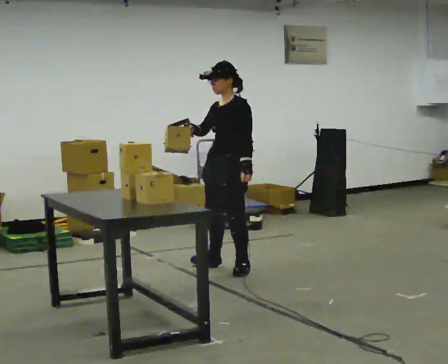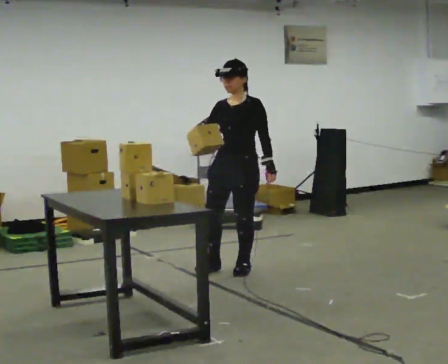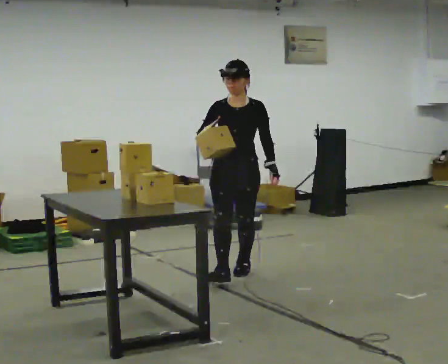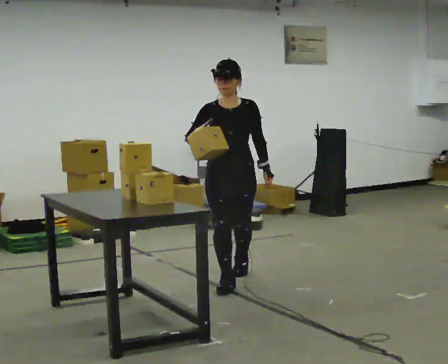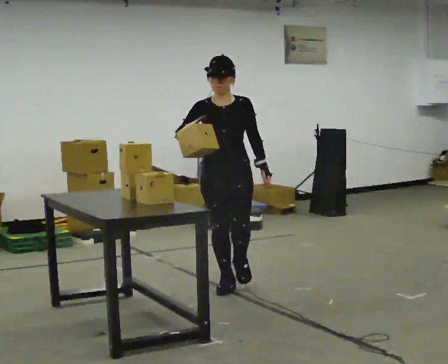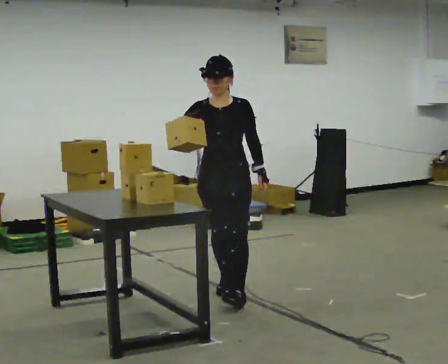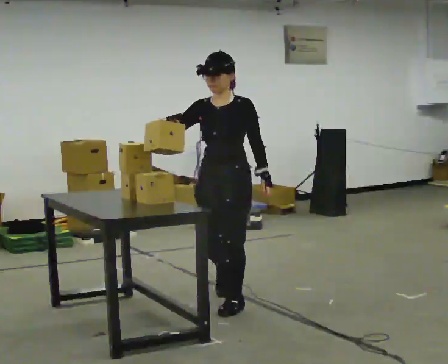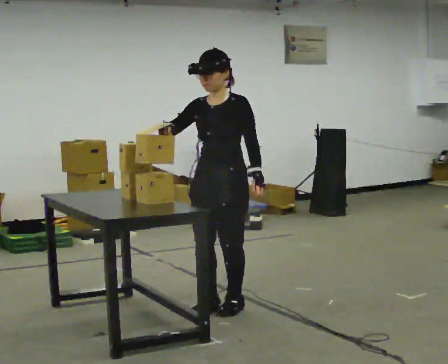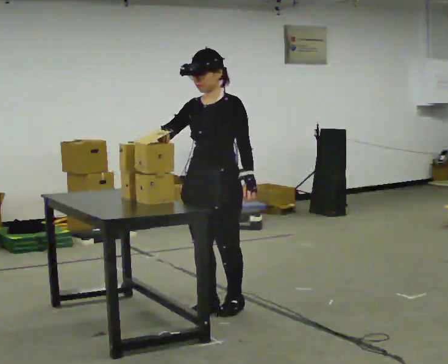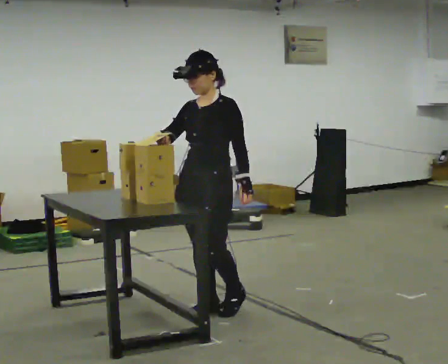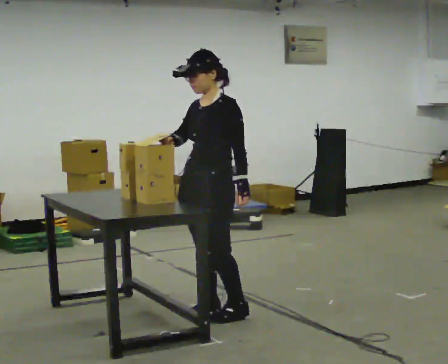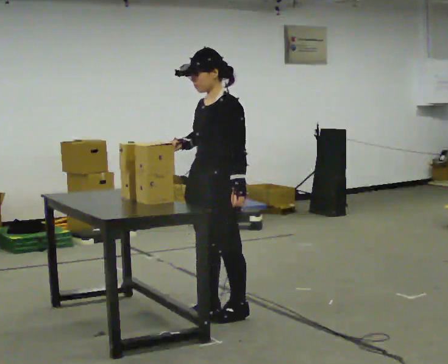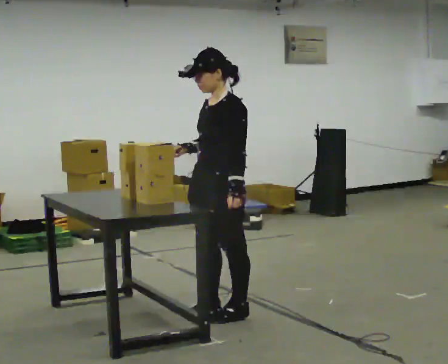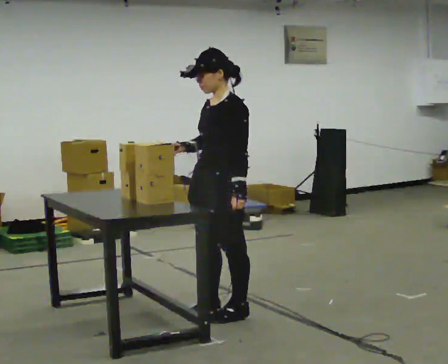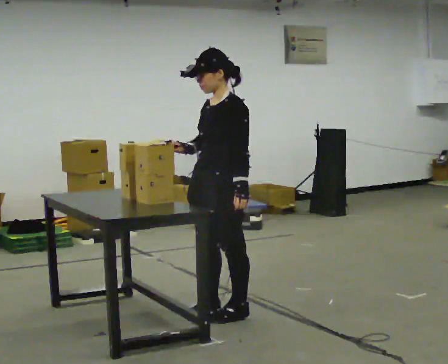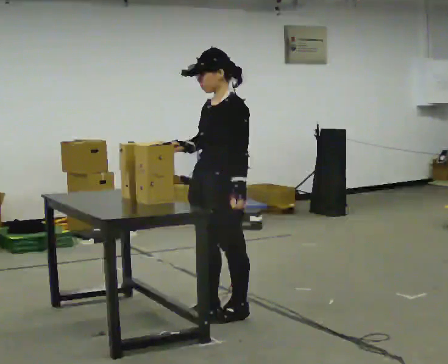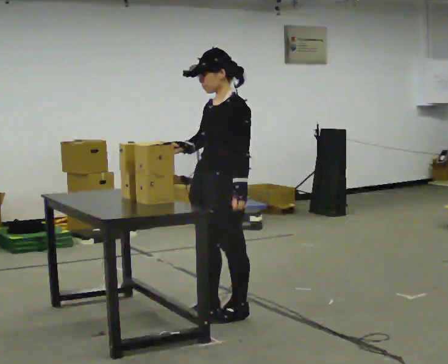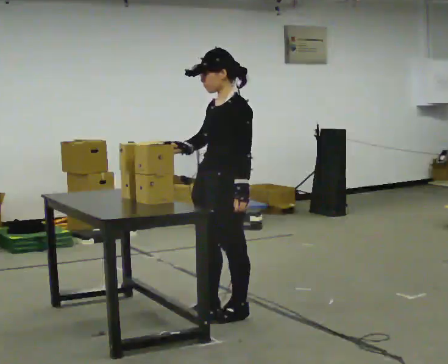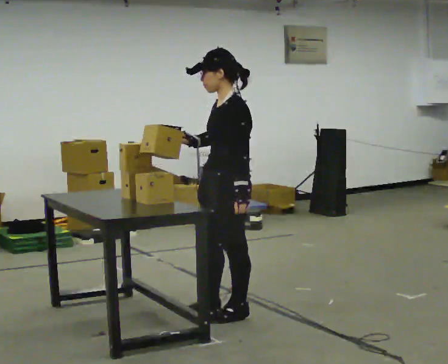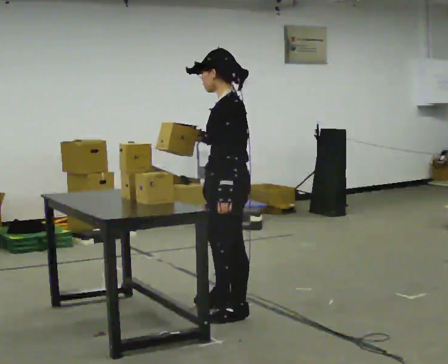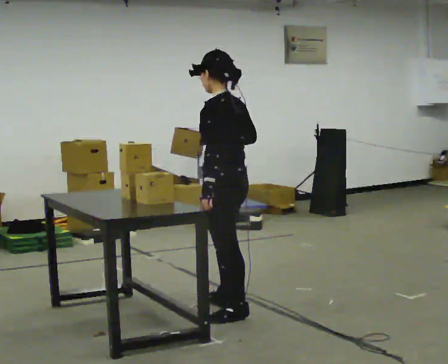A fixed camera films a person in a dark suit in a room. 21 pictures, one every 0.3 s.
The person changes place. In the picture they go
toward the camera.
0.0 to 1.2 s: The part of the body nearest the lens slides to the right as the person turns to their left by about 45 degrees. In the picture they go toward the camera, about 0.5 m in 1 step, which for them is forward.
1.2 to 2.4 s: The person turns about 30 degrees to their right, clockwise seen from above, so the part of the body nearest the lens slides to the left. In the picture they go toward the camera, about 0.5 m in 2 steps, which for them is forward and to their left.
2.4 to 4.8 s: The person turns about 30 degrees to their right, clockwise seen from above, so the part of the body nearest the lens slides to the left.
4.8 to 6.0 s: The person turns about 45 degrees to their right, clockwise seen from above, so the part of the body nearest the lens slides to the left.
The film runs forward here.
